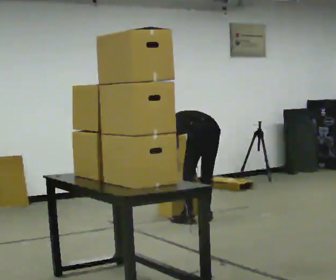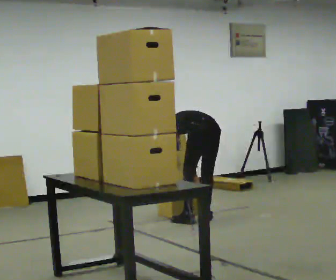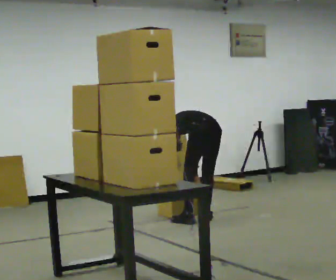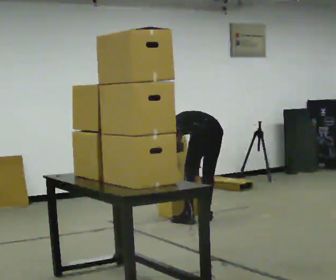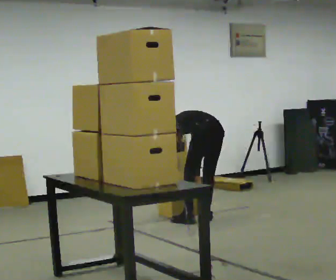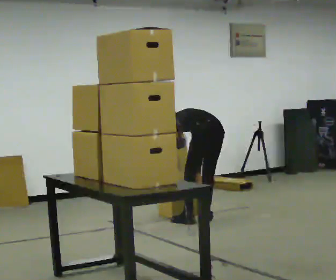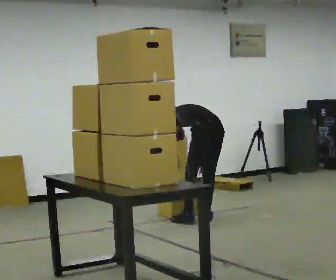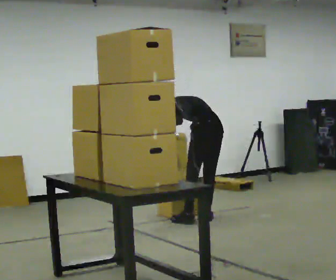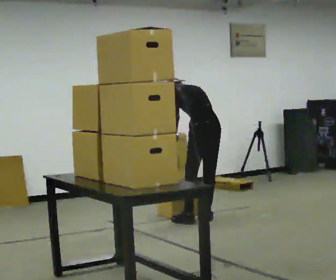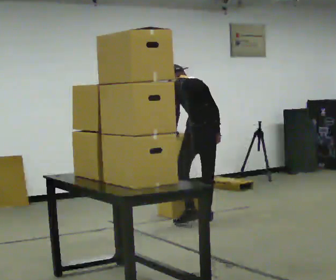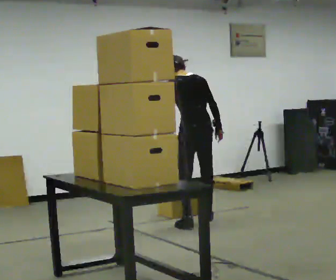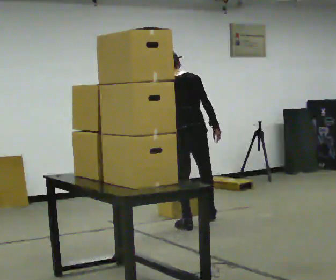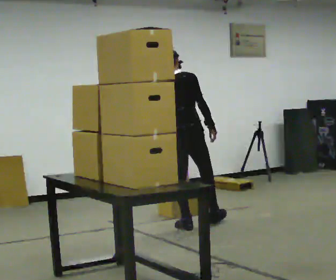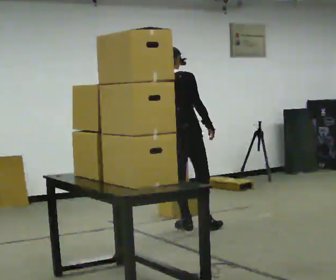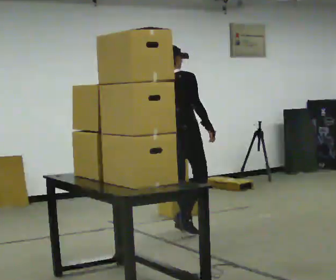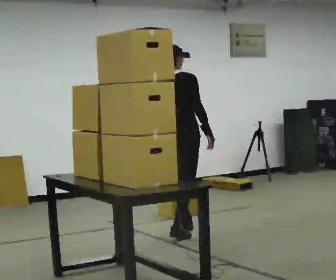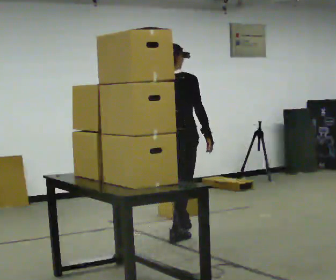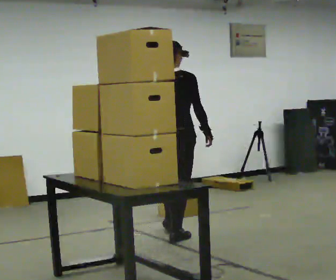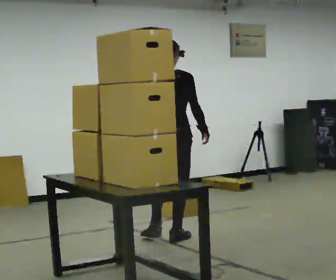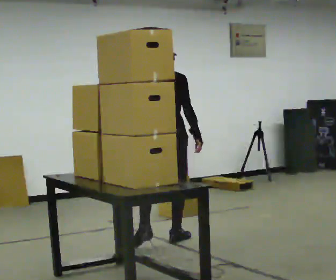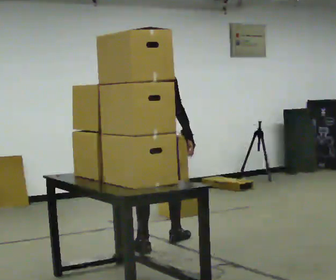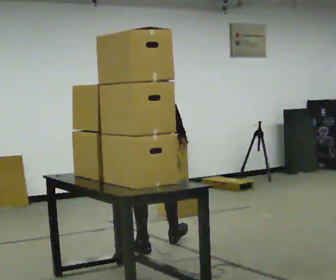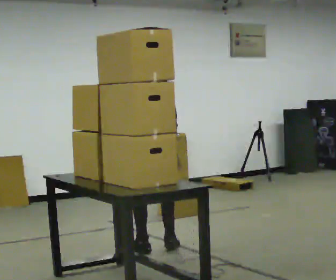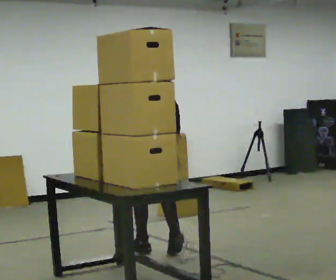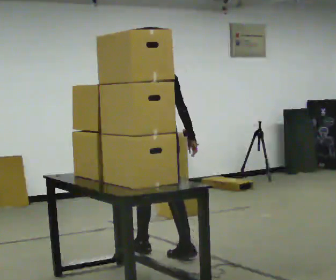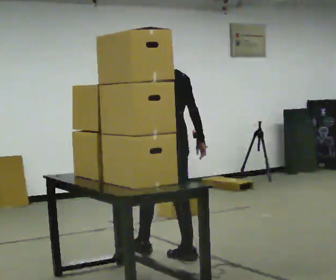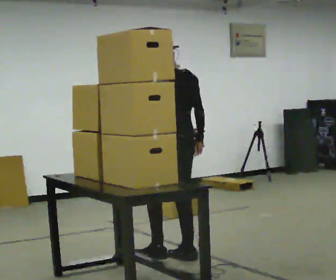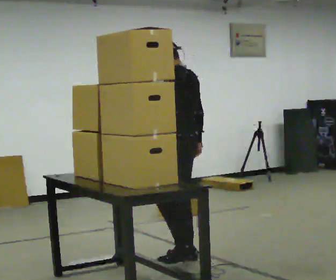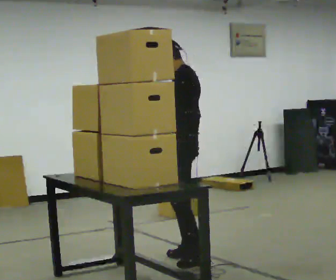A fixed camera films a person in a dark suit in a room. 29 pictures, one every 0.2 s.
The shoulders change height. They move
upward.
The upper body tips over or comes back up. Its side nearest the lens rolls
downward.
0.0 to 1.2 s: The person moves a little, or ends about where they began.
1.2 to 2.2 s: In the picture they go to the left and toward the camera, about 0.25 m in 2 steps, which for them is to their left. The upper body goes upward. The upper body tips toward the camera, its near side rolling downward, as they lean back or straighten. In the picture their right hand goes upward.
2.2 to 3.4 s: The person turns about 30 degrees to their right, clockwise seen from above, so the part of the body nearest the lens slides to the left. In the picture they go toward the camera, about 0.5 m in 1 step, which for them is backward.
3.4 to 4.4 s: The person turns about 30 degrees to their left, counterclockwise seen from above, so the part of the body nearest the lens slides to the right. In the picture they go toward the camera and to the left, about 0.5 m in 1 step, which for them is backward and to their left.
4.4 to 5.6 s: The part of the body nearest the lens slides to the right as the person turns to their left by about 60 degrees. In the picture they go to the right and toward the camera, about 0.5 m in 1 step.
The film runs backward here.
